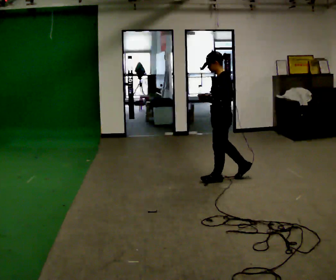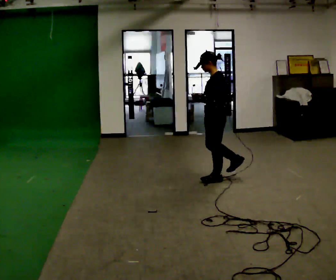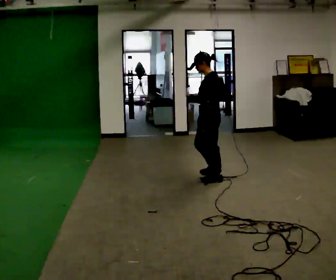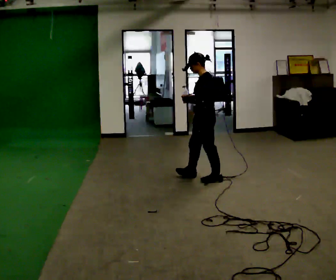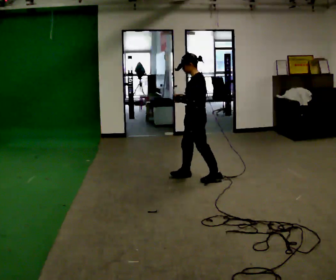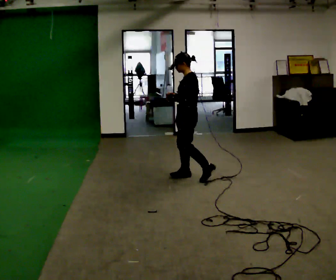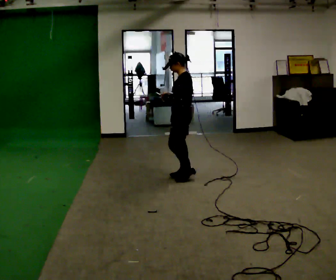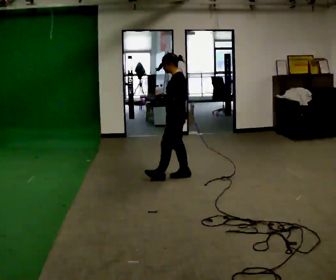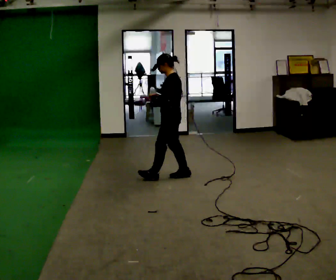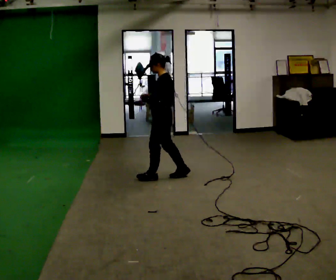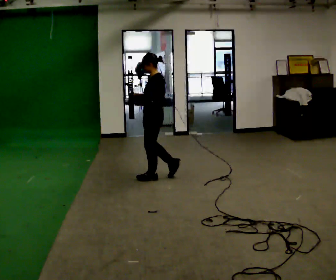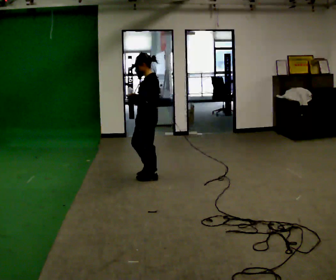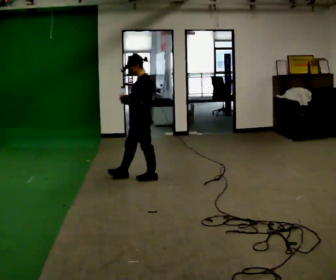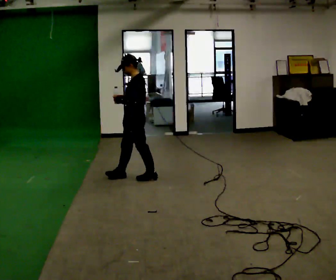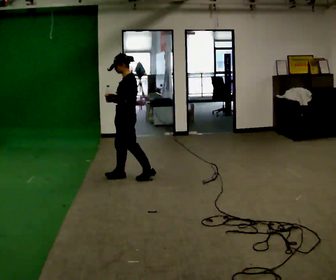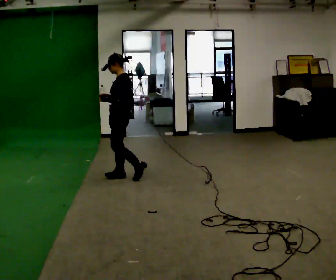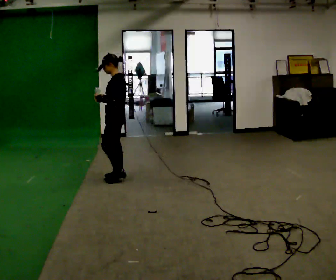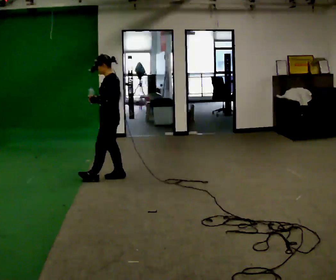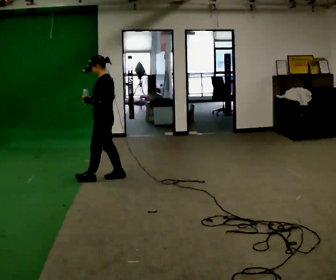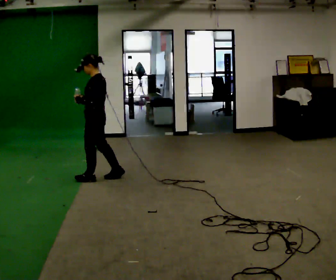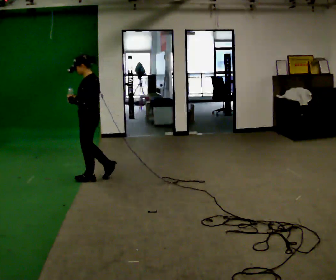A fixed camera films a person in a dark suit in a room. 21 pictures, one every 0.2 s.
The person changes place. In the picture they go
to the left.
0.0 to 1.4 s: In the picture they go to the left and away from the camera, about 0.5 m in 1 step, which for them is forward and to their right.
1.4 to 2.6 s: In the picture they go to the left, about 0.5 m in 2 steps, which for them is forward.
2.6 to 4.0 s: In the picture they go to the left, about 0.5 m in 1 step, which for them is forward.
The film runs forward here.
